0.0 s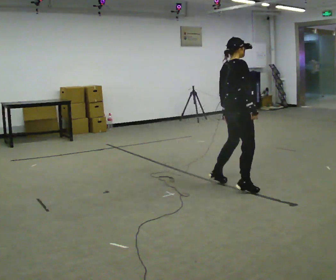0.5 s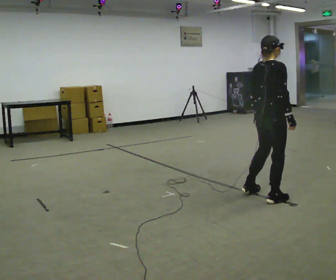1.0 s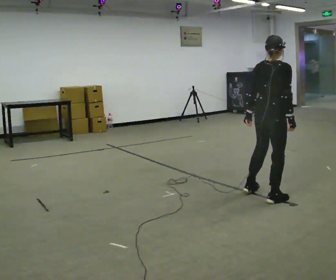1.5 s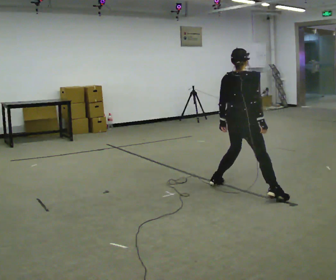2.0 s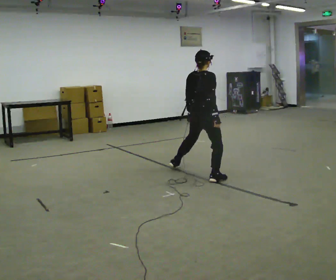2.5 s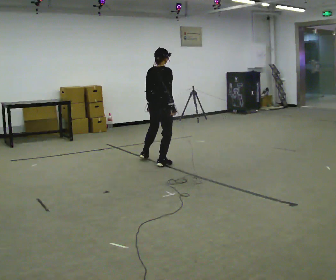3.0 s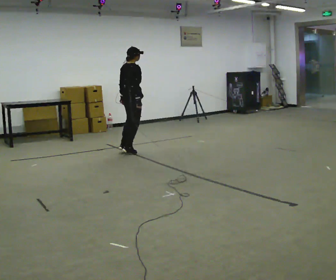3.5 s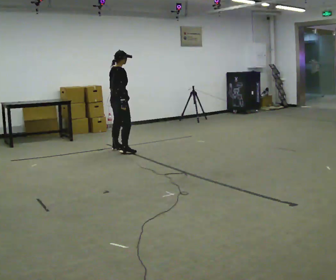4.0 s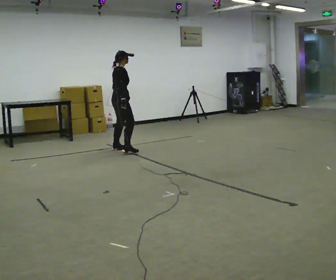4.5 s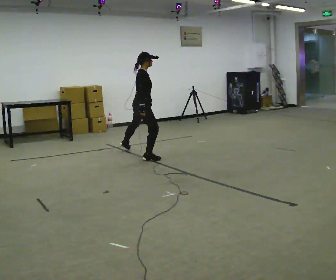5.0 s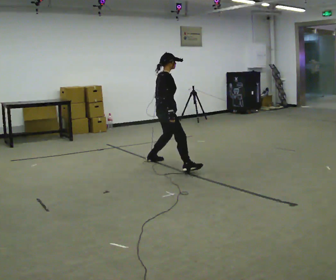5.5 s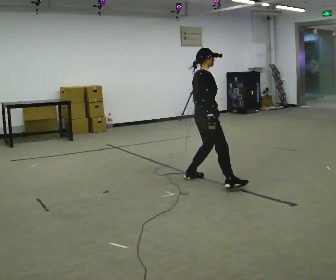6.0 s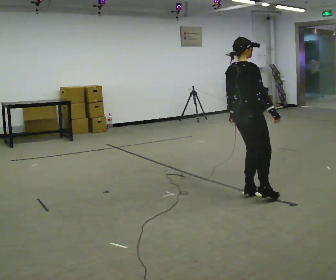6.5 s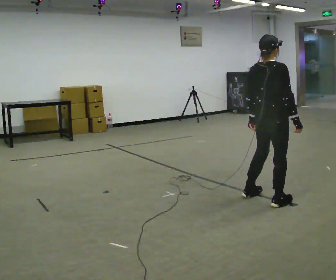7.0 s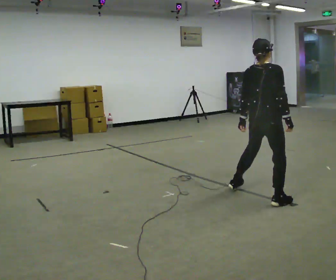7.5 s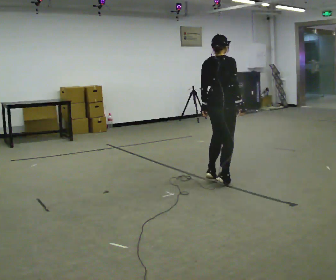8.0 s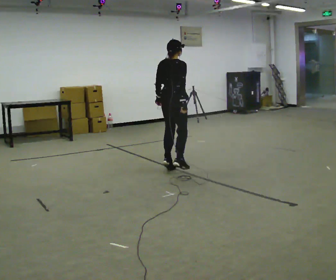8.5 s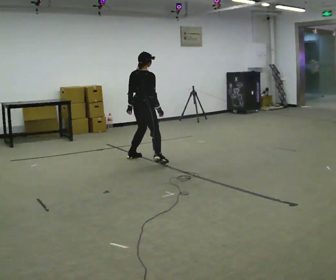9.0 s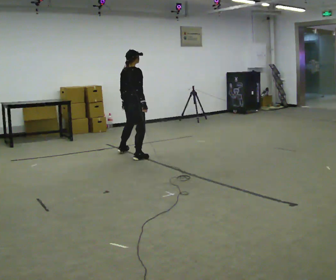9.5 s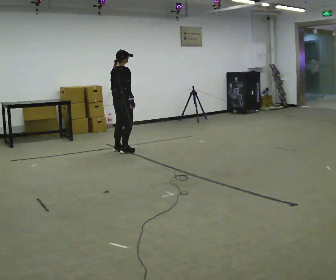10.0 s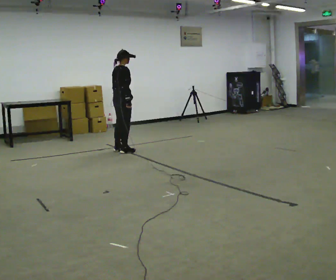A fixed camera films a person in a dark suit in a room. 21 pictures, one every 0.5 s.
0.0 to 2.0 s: In the picture they go away from the camera and to the left, about 0.5 m in 4 steps, which for them is to their left.
2.0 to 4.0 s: In the picture they go away from the camera and to the left, about 2 m in 5 steps, which for them is to their left.
4.0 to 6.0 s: In the picture they go toward the camera and to the right, about 2.5 m in 5 steps, which for them is to their right.
6.0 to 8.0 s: In the picture they go away from the camera and to the left, about 1 m in 5 steps, which for them is to their left.
8.0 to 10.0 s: In the picture they go away from the camera and to the left, about 1.5 m in 5 steps, which for them is to their left.
The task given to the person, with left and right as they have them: Gallop forward leading with the leg the operator calls, keeping the same leg in front throughout.
The film runs forward here.
